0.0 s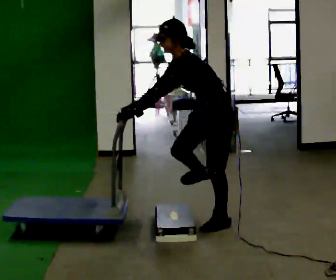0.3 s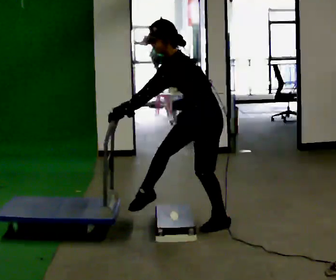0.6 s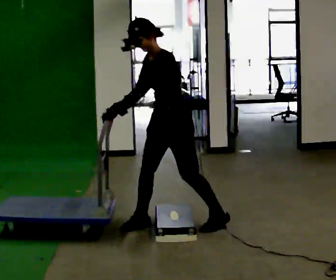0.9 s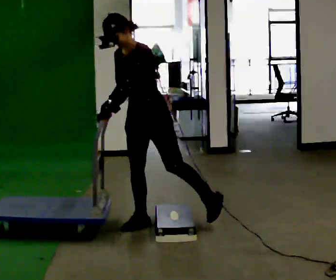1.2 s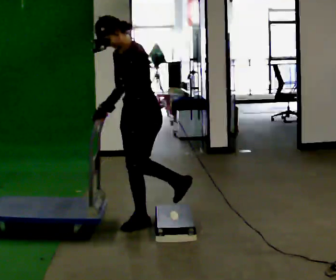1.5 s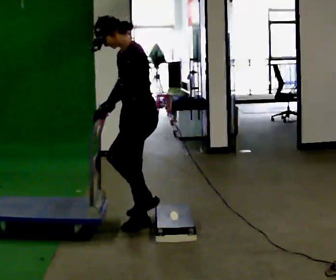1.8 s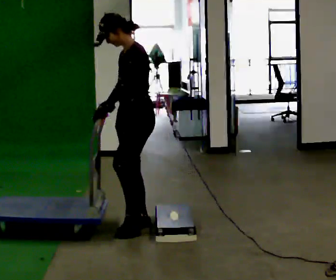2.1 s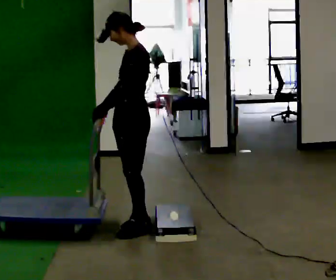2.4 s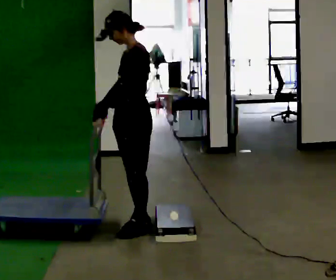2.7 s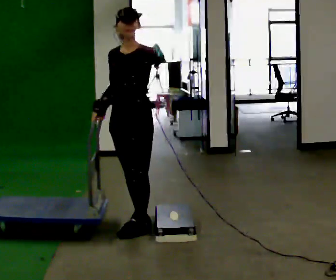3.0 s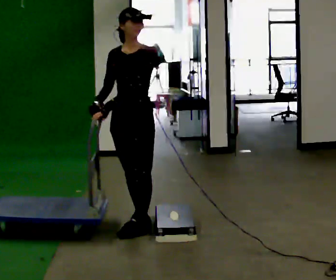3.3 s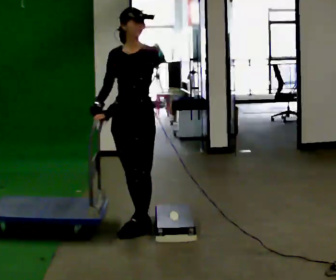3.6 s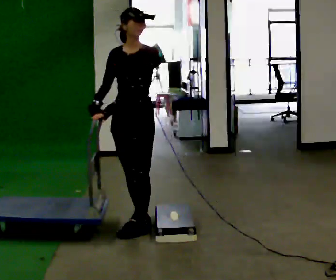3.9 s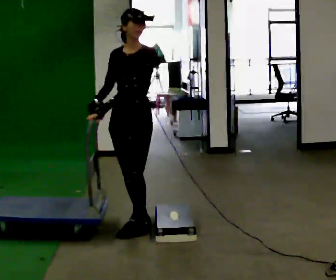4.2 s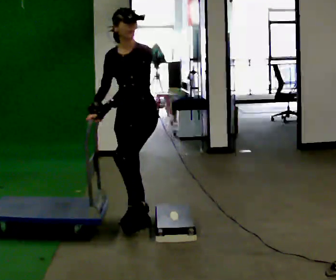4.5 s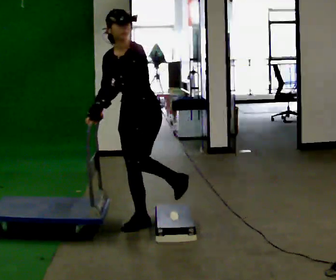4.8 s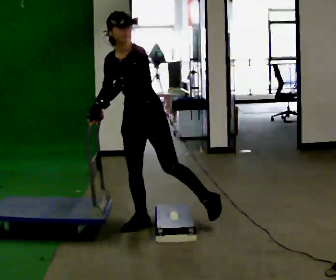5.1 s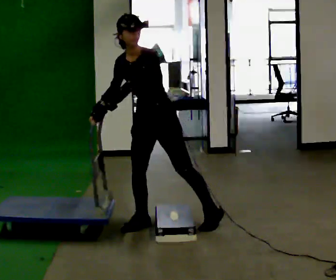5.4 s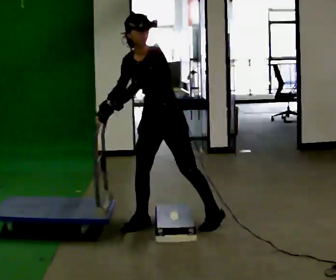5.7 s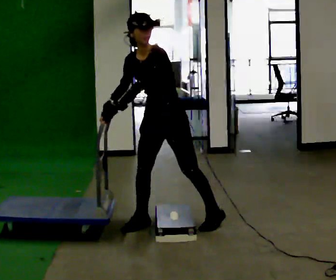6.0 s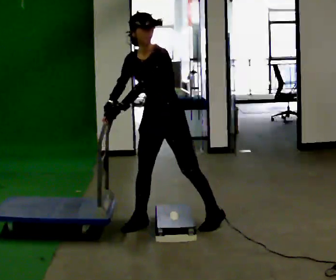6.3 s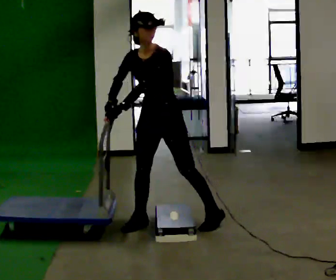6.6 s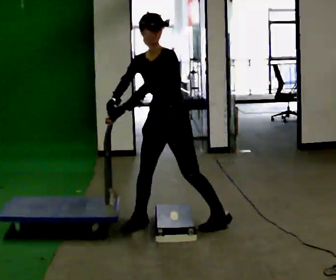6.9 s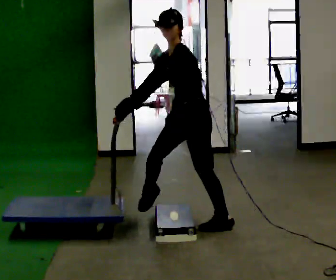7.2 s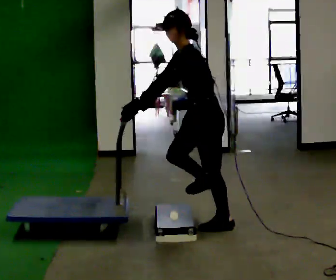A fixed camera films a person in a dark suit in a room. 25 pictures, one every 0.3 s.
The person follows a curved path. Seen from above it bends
clockwise.
0.0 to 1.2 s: In the picture they go to the left, about 0.5 m in 1 step, which for them is forward and to their right. In the picture the upper body tilts clockwise, shoulders to the right, as they lean back or straighten.
1.2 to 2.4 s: In the picture the upper body tilts clockwise, shoulders to the right, as they lean back or straighten.
2.4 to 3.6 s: The person turns about 45 degrees to their left, counterclockwise seen from above, so the part of the body nearest the lens slides to the right.
3.6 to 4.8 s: In the picture the upper body tilts counterclockwise, shoulders to the left, as they bend forward.
4.8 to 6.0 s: The person moves a little, or ends about where they began.
6.0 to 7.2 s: Seen from above the body turns clockwise, about 60 degrees: to their right, with its near side sliding to the left. In the picture they go to the right, about 0.25 m in 1 step, which for them is to their left and backward.
The film runs backward here.
